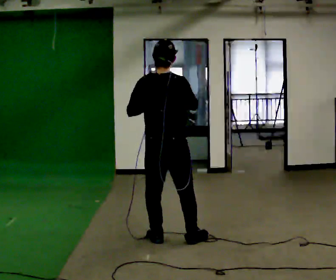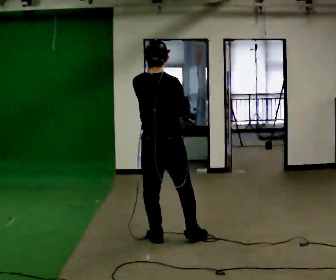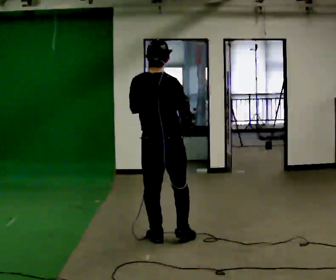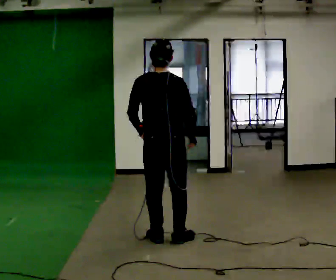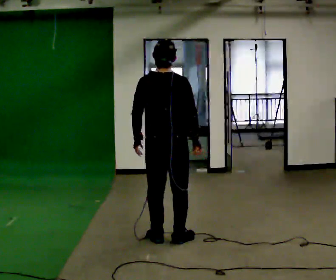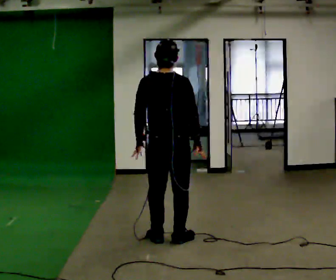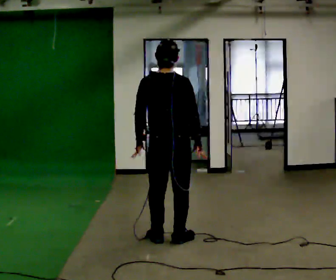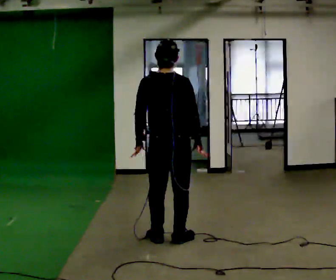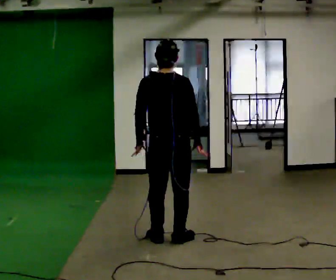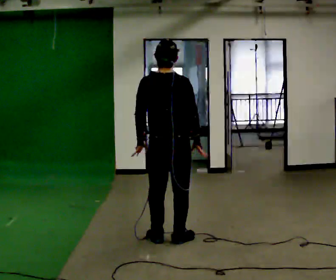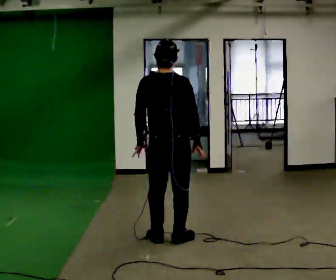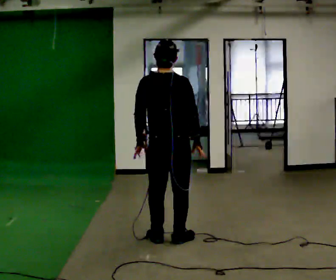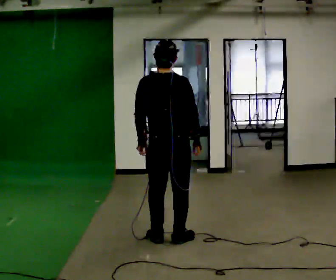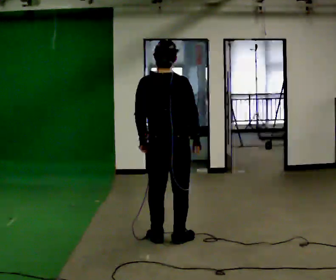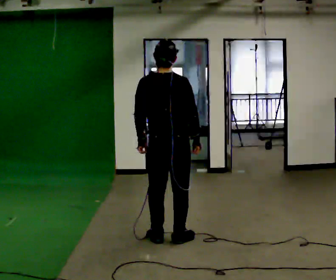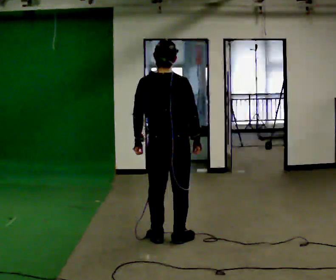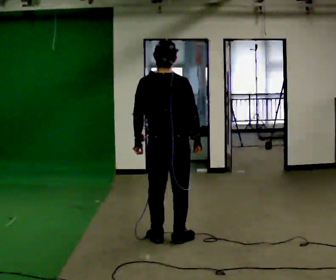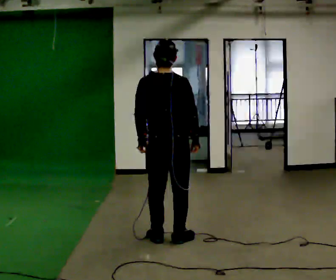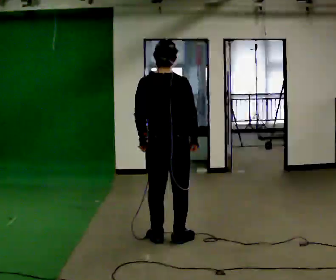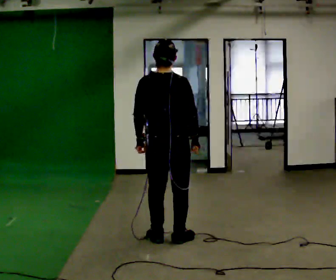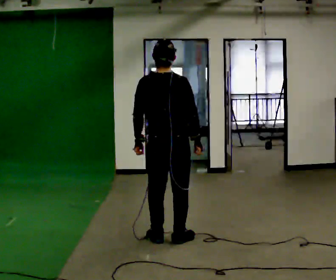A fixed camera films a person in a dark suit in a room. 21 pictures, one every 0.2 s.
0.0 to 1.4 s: In the picture their right hand goes downward.
1.4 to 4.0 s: The person moves a little, or ends about where they began.
The film runs backward here.
